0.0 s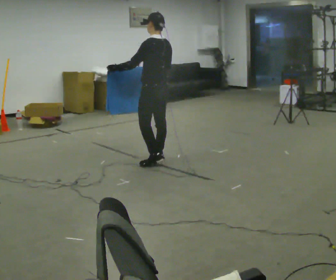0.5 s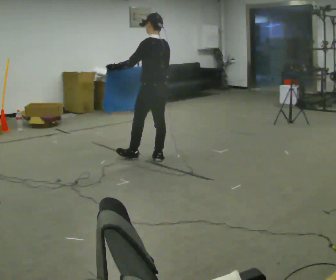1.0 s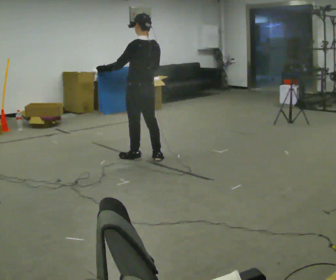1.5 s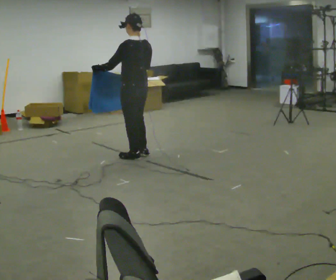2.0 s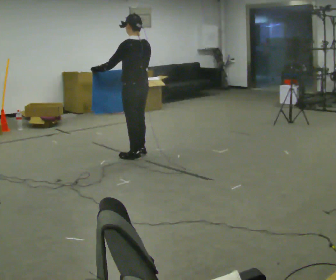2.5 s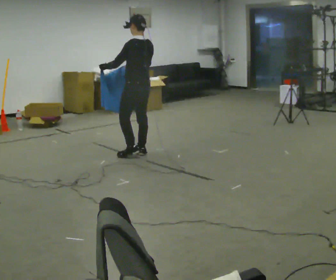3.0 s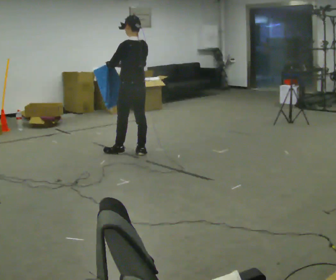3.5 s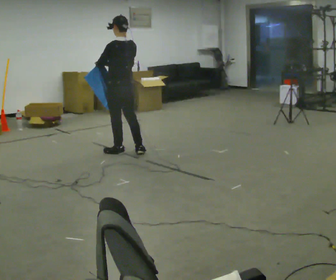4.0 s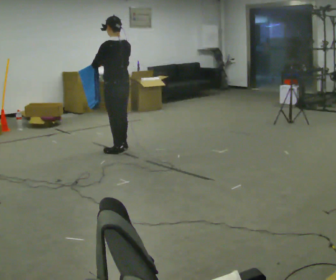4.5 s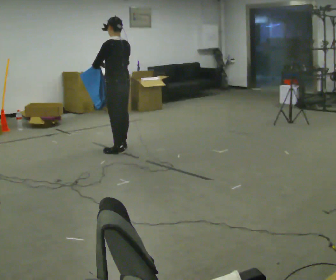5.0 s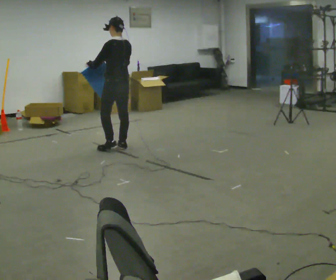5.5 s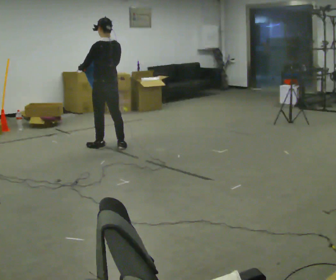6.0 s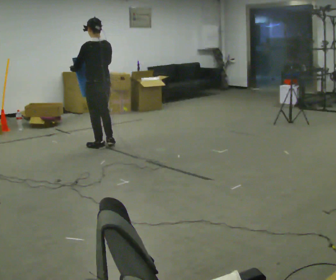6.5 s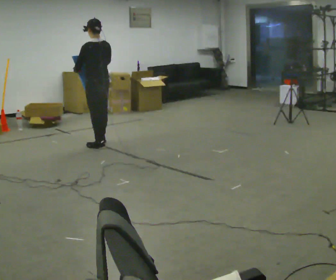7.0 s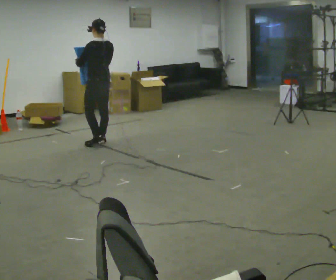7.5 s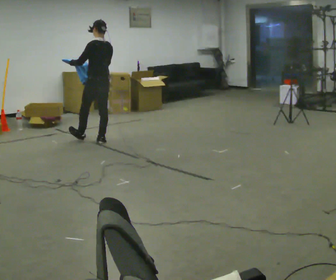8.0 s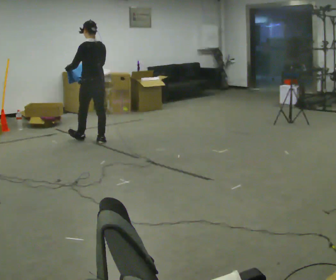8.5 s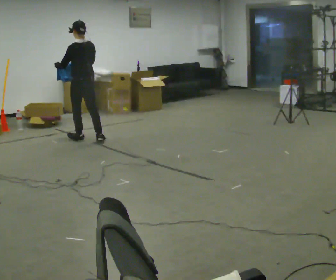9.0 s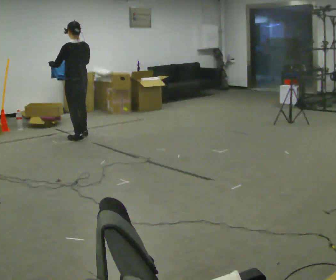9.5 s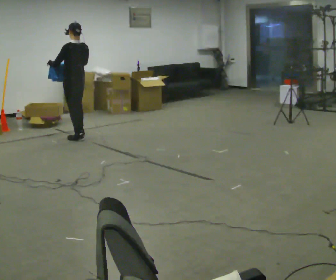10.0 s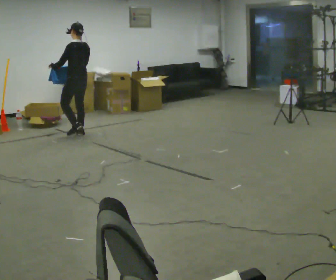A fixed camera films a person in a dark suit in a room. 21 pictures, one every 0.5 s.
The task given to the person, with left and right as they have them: Carry the cloth and, while walking, fold it in half, then unfold it. Keep repeating as you walk. Do not stop.
0.0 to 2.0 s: In the picture they go to the left and away from the camera, about 0.25 m in 2 steps, which for them is forward.
2.0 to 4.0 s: In the picture they go away from the camera and to the left, about 0.25 m in 1 step, which for them is forward.
4.0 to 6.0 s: In the picture they go away from the camera and to the left, about 0.25 m in 2 steps, which for them is forward.
6.0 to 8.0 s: In the picture they go away from the camera, about 0.25 m in 2 steps, which for them is forward and to their right.
8.0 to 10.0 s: In the picture they go away from the camera and to the left, about 0.5 m in 1 step, which for them is forward.
The film runs forward here.
